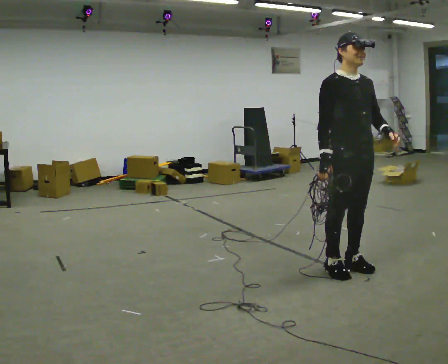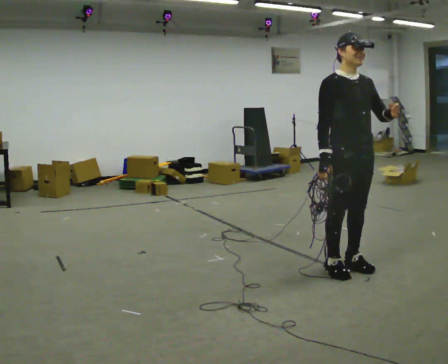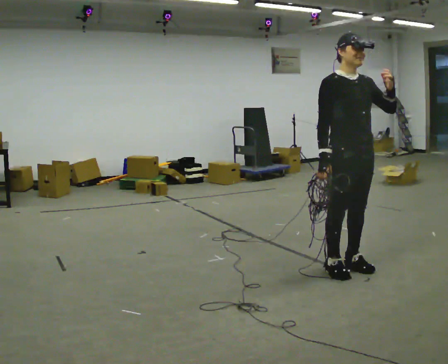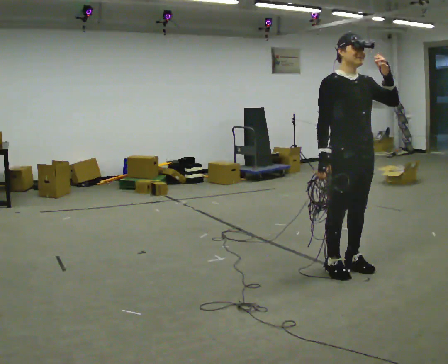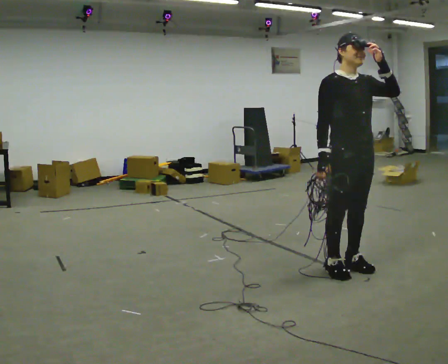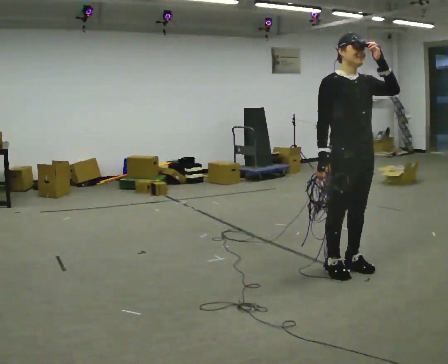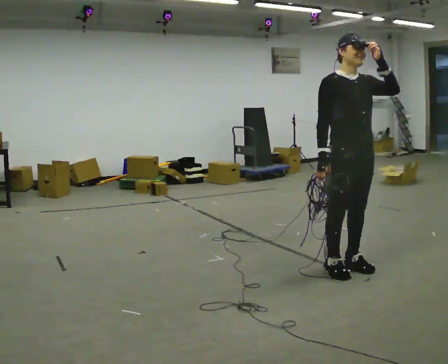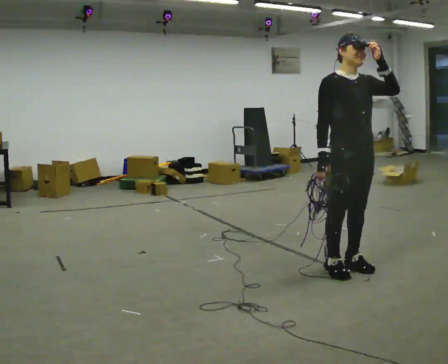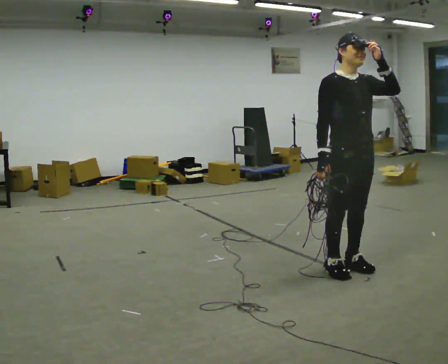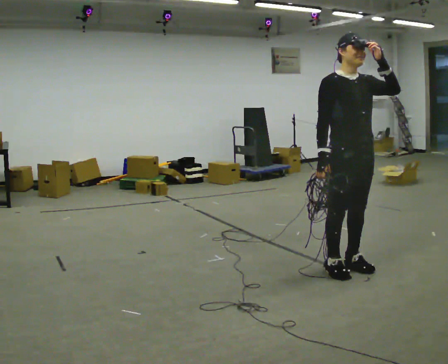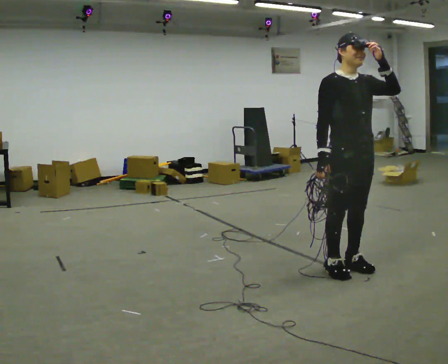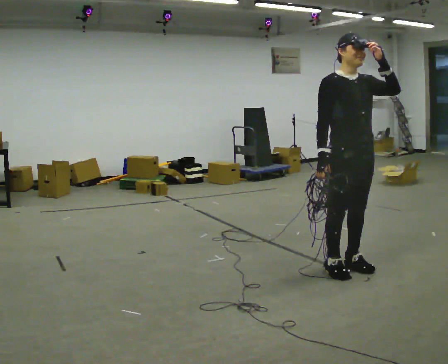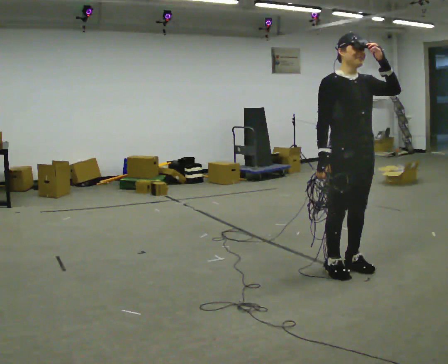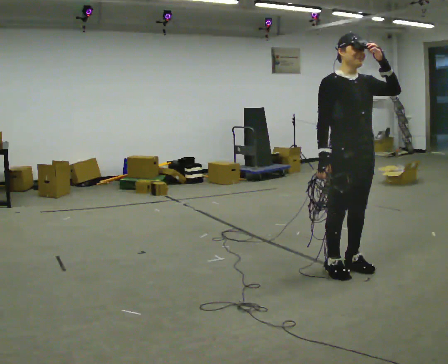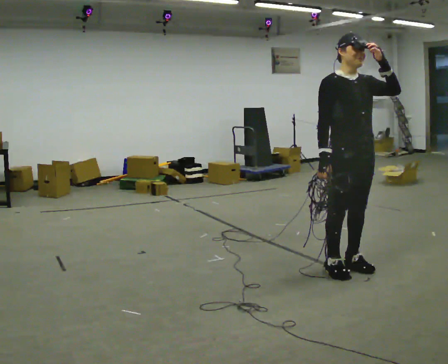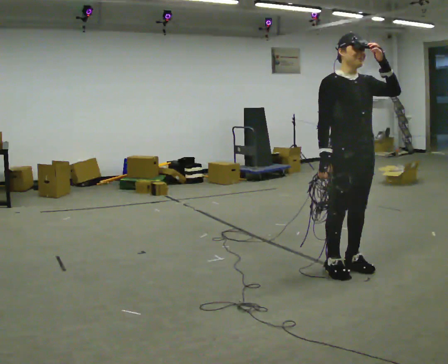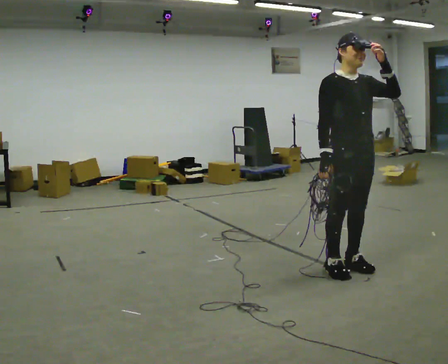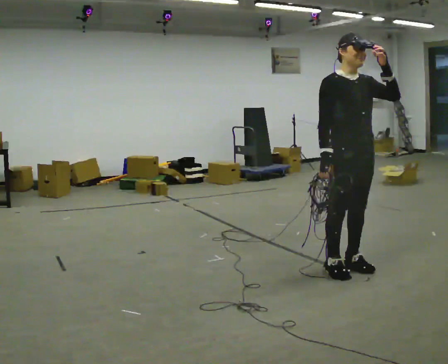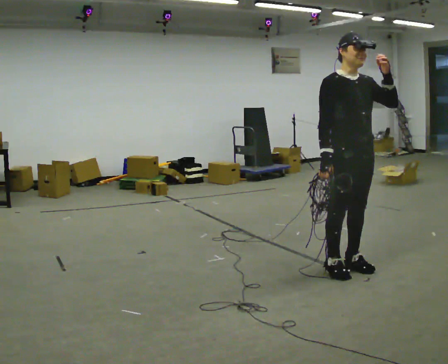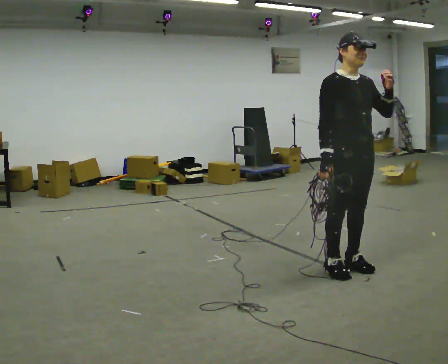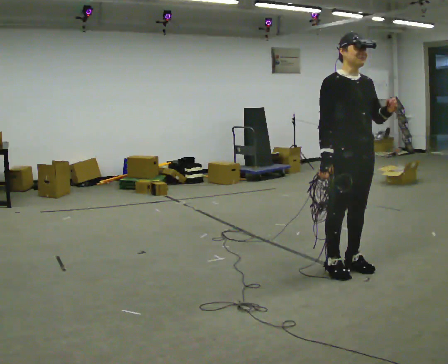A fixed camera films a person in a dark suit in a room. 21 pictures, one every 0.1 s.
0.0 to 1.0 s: In the picture their left hand goes upward.
1.0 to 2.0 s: The person moves a little, or ends about where they began.
The film runs backward here.
